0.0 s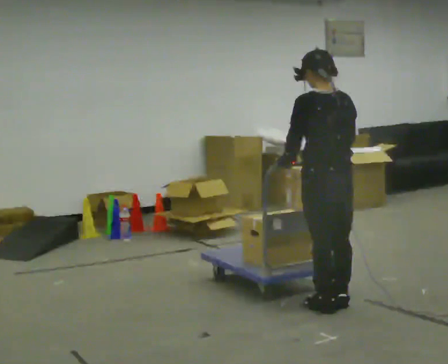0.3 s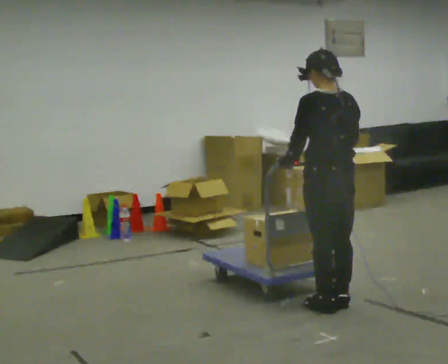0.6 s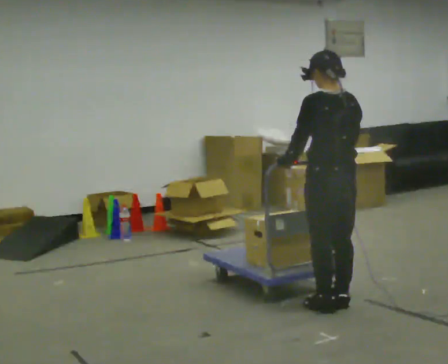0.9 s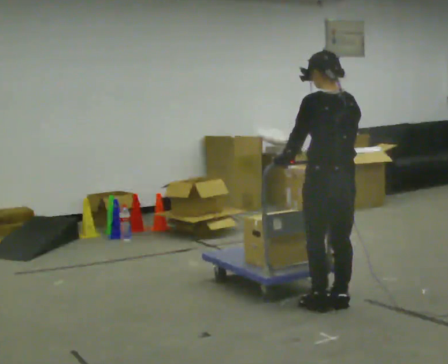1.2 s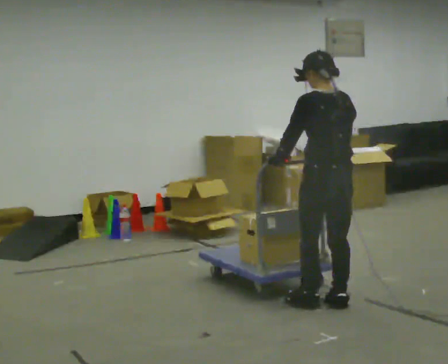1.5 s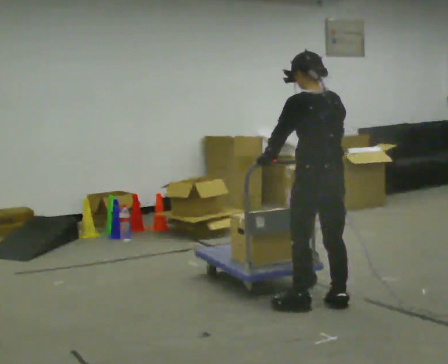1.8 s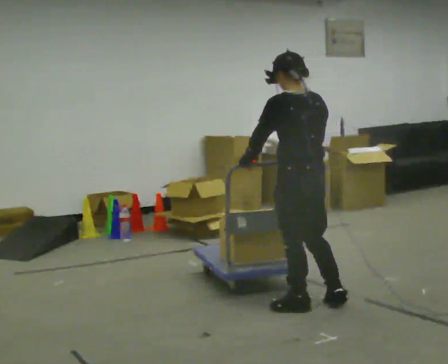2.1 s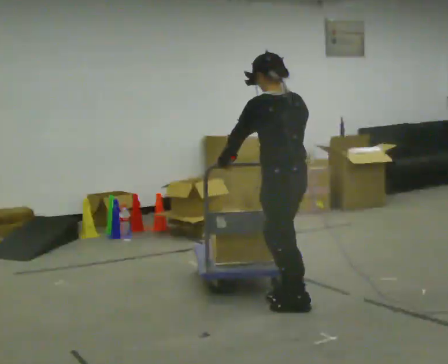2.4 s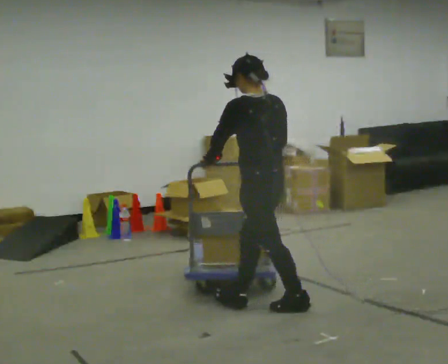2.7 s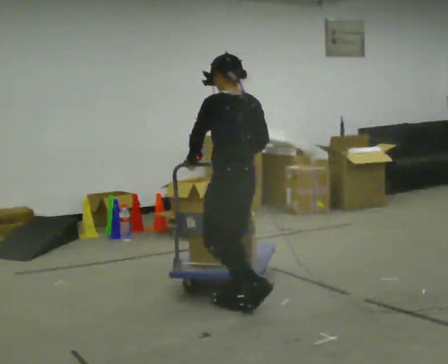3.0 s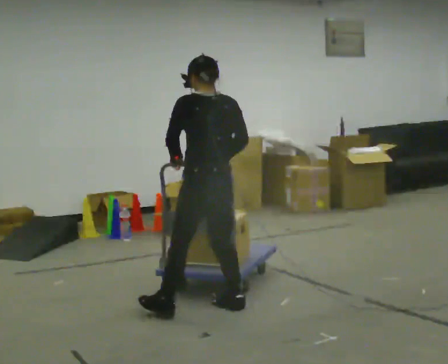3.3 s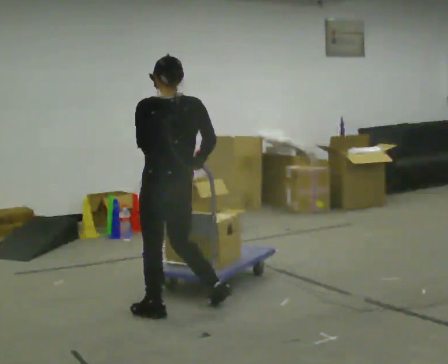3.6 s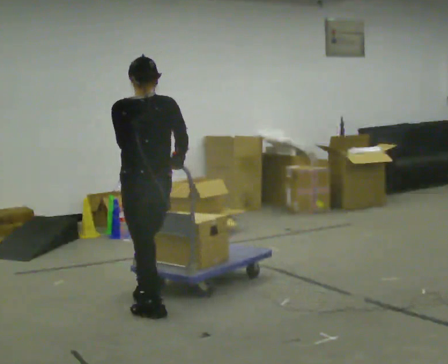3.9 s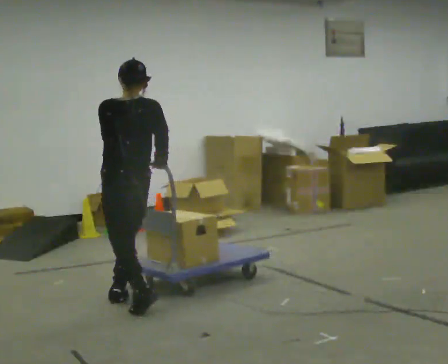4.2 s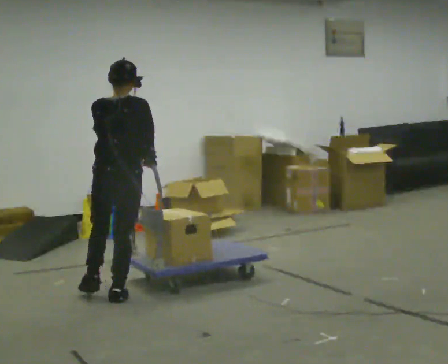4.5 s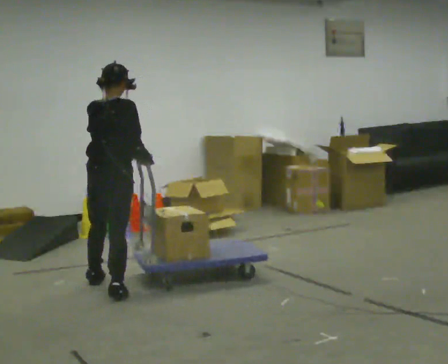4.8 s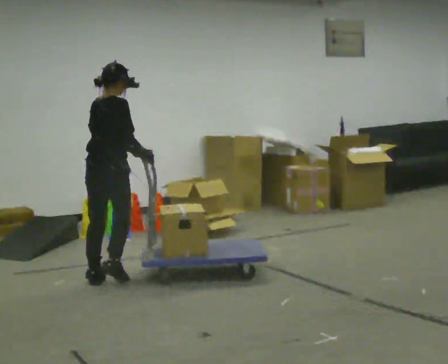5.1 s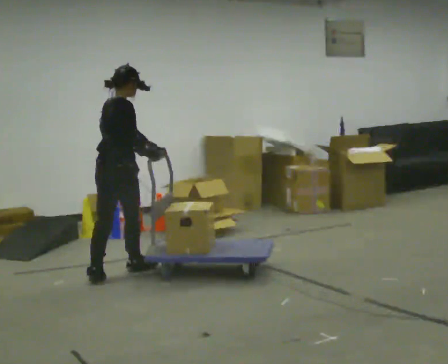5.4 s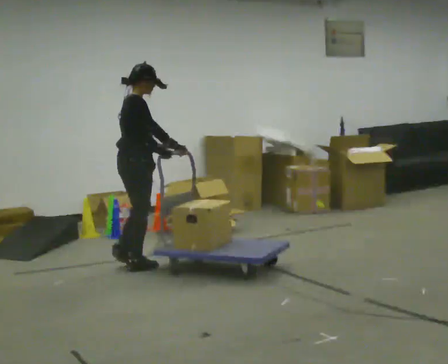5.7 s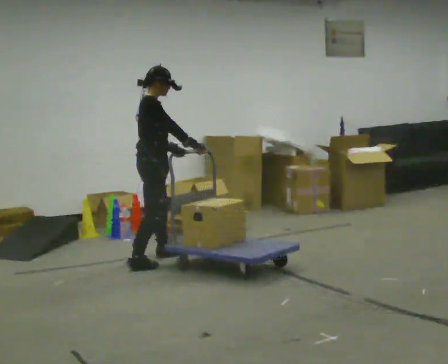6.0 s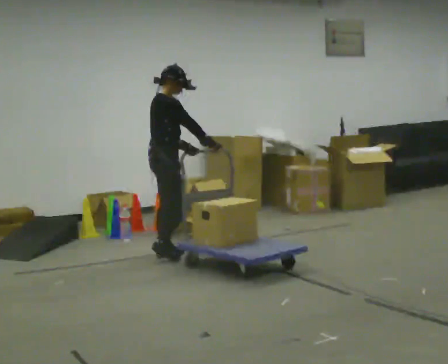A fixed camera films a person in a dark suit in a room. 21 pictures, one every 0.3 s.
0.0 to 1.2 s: The person moves a little, or ends about where they began.
1.2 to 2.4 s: In the picture they go to the left, about 0.5 m in 1 step, which for them is to their left and forward.
2.4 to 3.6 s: Seen from above the body turns clockwise, about 30 degrees: to their right, with its near side sliding to the left. In the picture they go to the left, about 0.75 m in 2 steps, which for them is forward and to their left.
3.6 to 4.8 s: The person turns about 60 degrees to their right, clockwise seen from above, so the part of the body nearest the lens slides to the left. In the picture they go away from the camera and to the left, about 1 m in 2 steps, which for them is forward and to their left.
4.8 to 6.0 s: Seen from above the body turns clockwise, about 60 degrees: to their right, with its near side sliding to the left. In the picture they go away from the camera and to the right, about 1 m in 2 steps.
The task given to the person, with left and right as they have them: Stand still with your hands on the cart. When the operator says go, get it moving, push it a few metres, then bring it to a stop. Repeat until the operator says stop.
The film runs forward here.
